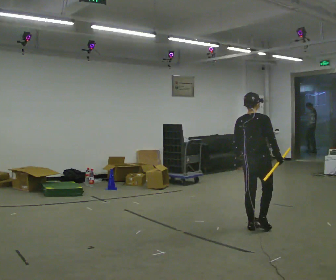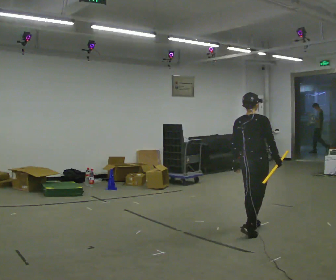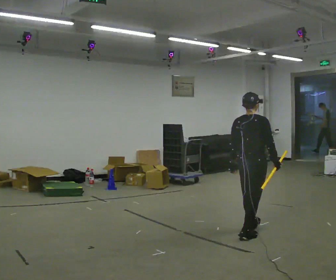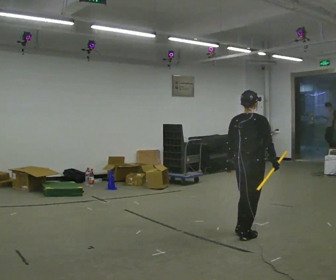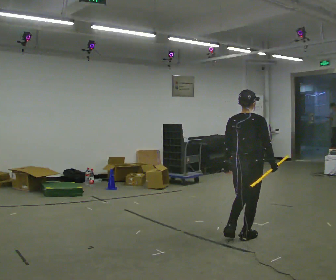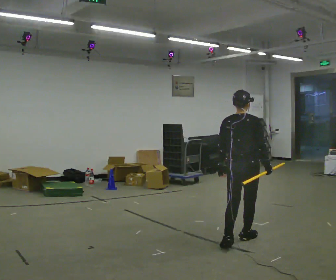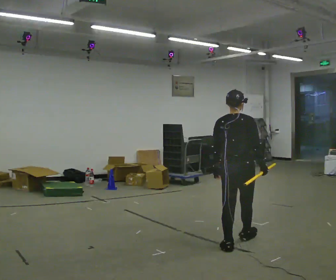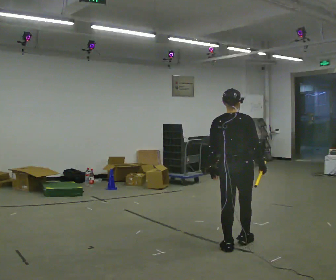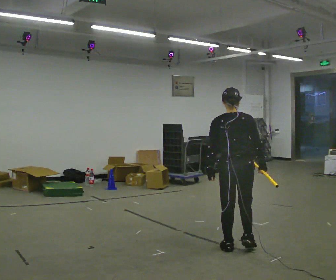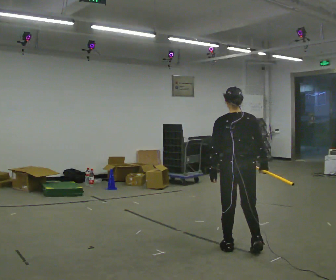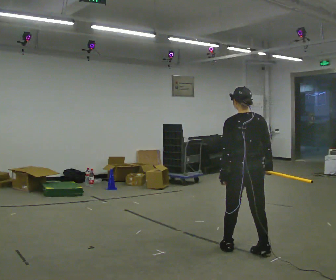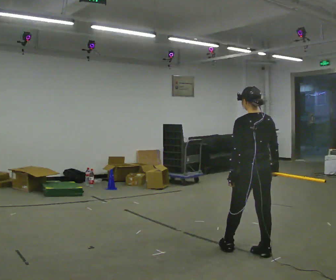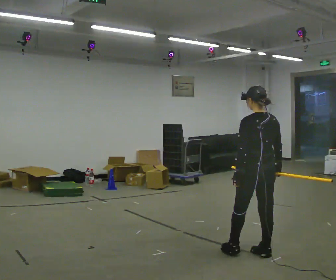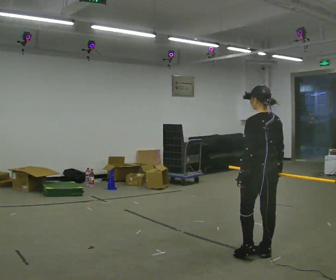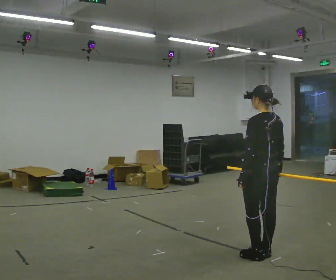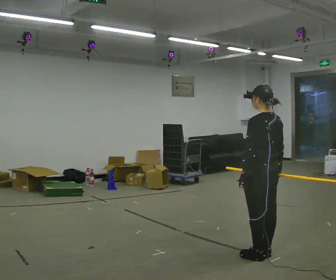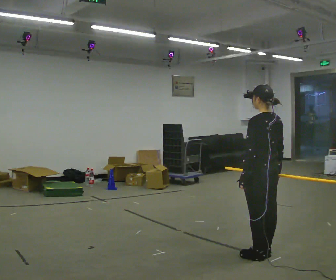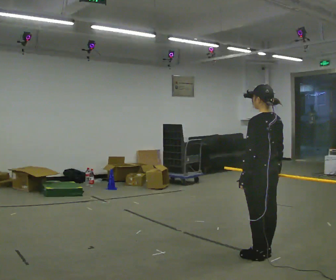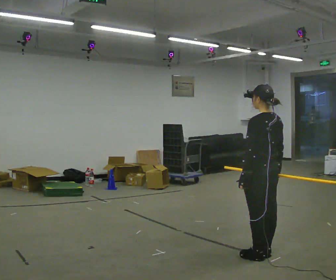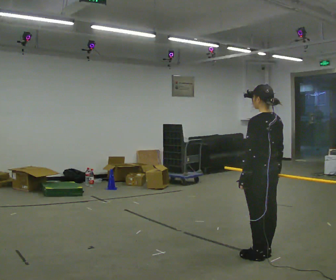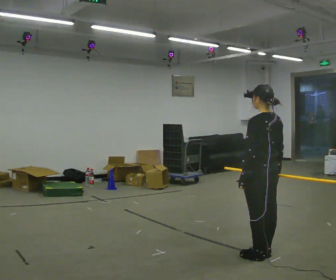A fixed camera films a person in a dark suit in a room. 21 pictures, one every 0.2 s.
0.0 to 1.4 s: In the picture they go toward the camera, about 0.75 m in 2 steps, which for them is backward.
1.4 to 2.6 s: Seen from above the body turns counterclockwise, about 45 degrees: to their left, with its near side sliding to the right. In the picture they go to the right and toward the camera, about 0.25 m in 1 step, which for them is backward and to their right.
2.6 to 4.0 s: The person moves a little, or ends about where they began.
The film runs backward here.
